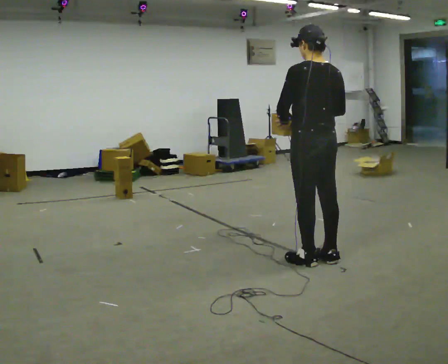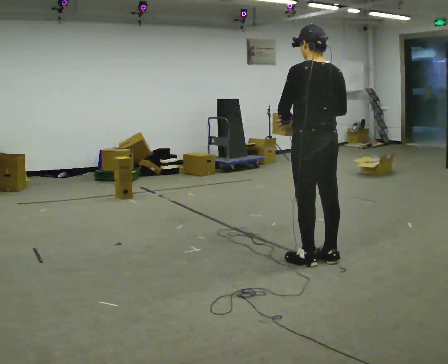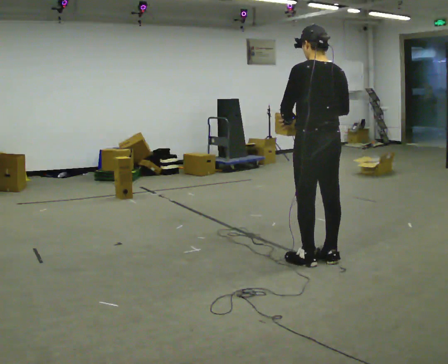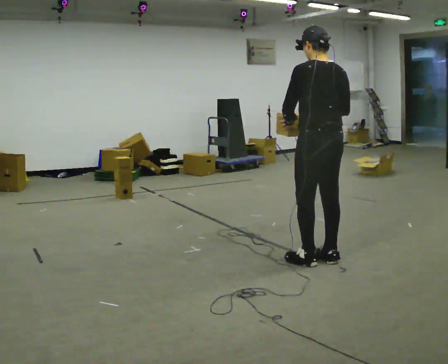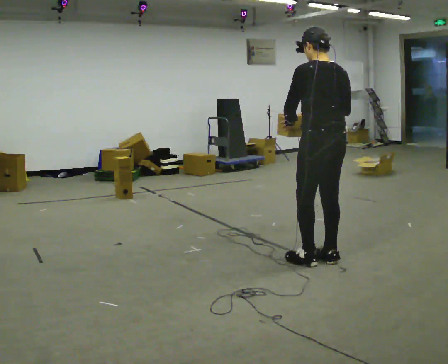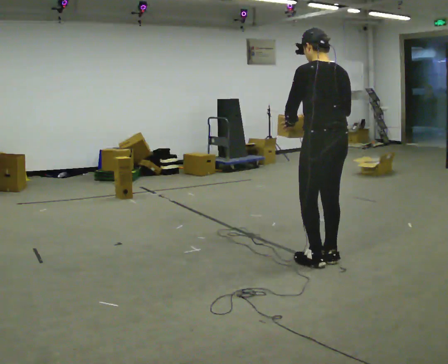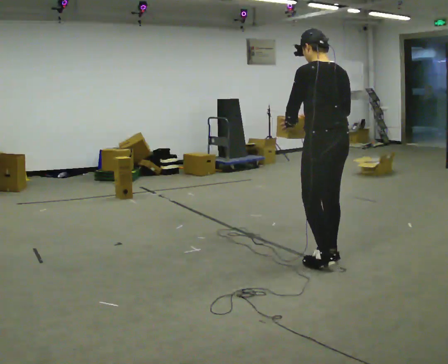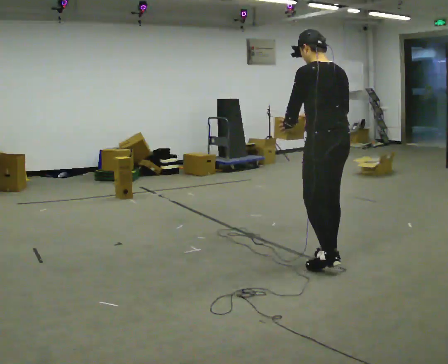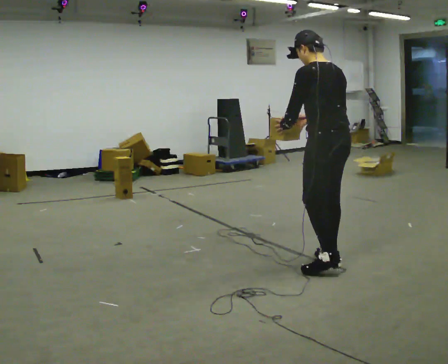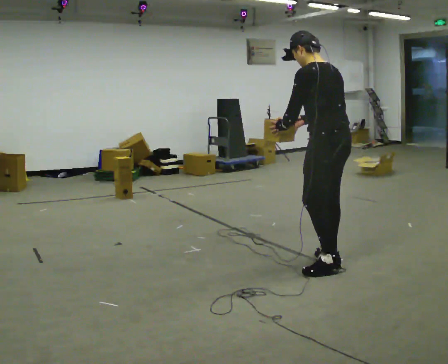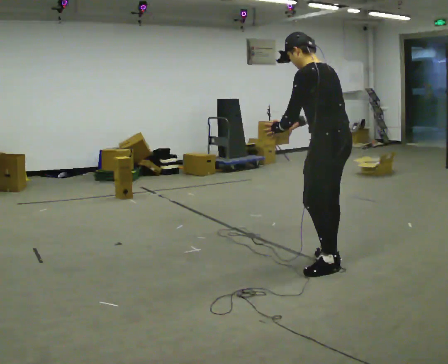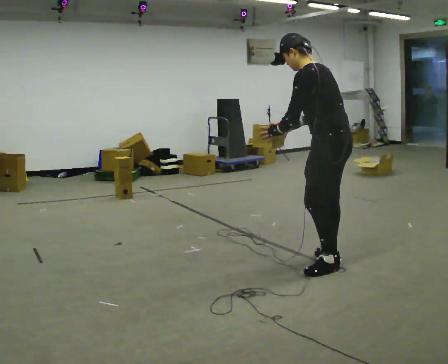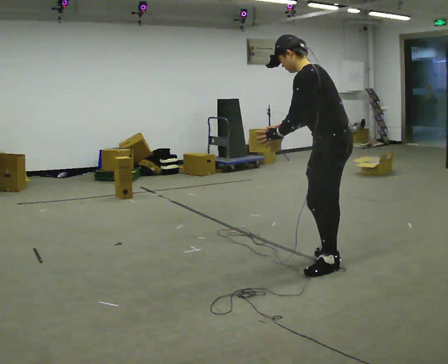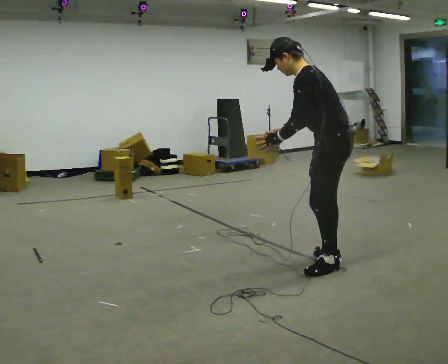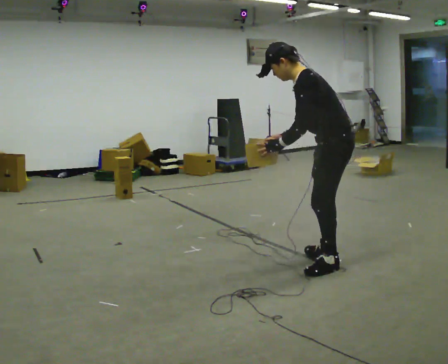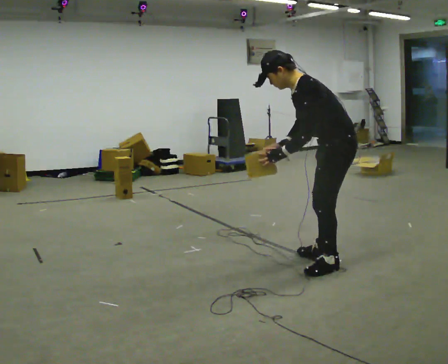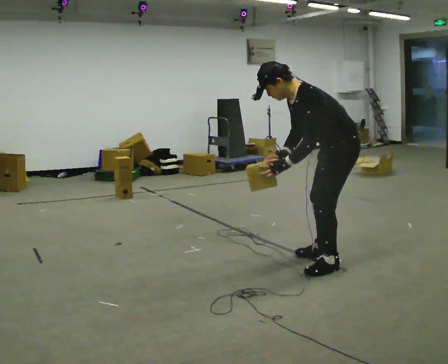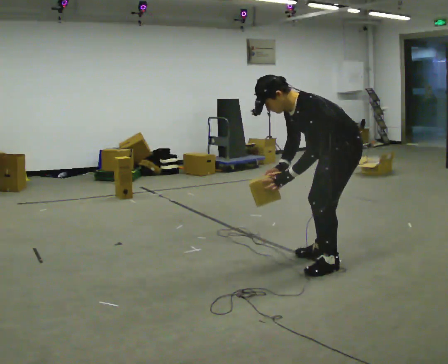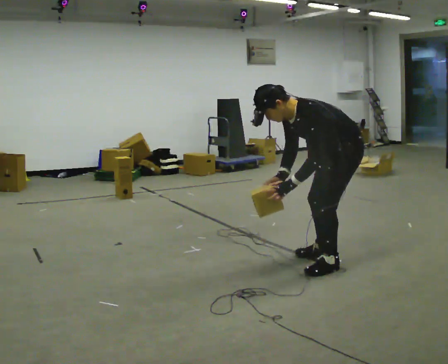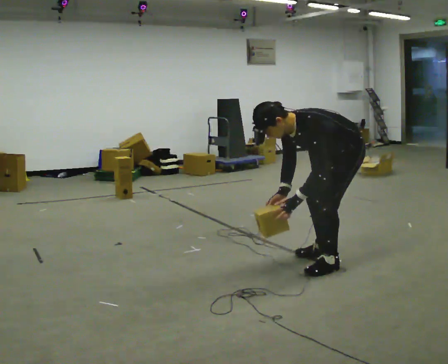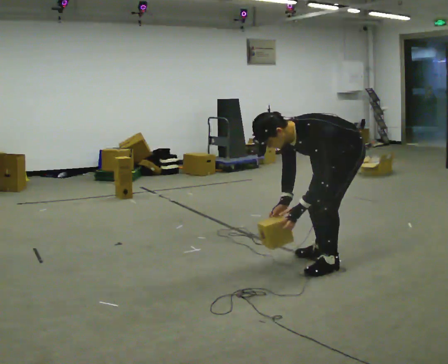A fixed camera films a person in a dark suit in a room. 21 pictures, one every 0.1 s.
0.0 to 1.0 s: In the picture the upper body tilts counterclockwise, shoulders to the left, as they bend forward.
1.0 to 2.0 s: The part of the body nearest the lens slides to the right as the person turns to their left by about 60 degrees. The upper body goes downward. The upper body tips toward the camera, its near side rolling downward, as they bend forward. In the picture their left hand goes downward.
The film runs backward here.
